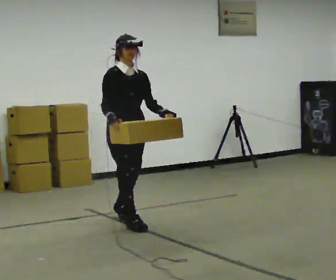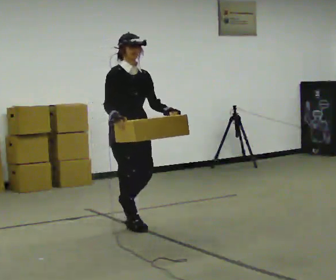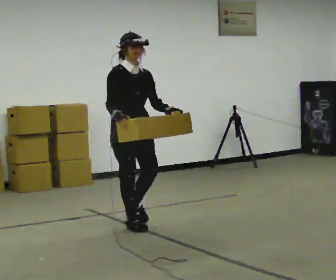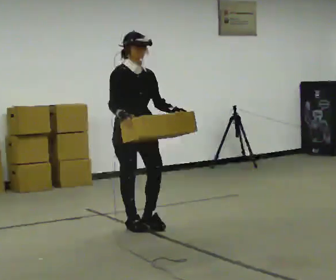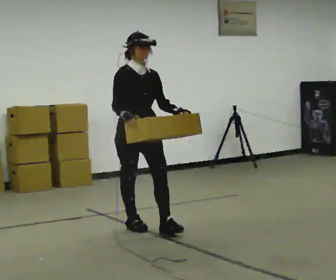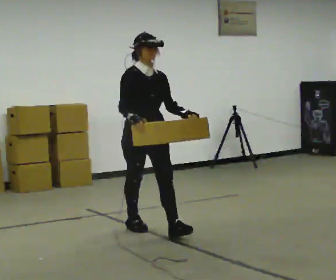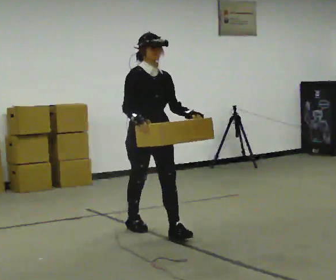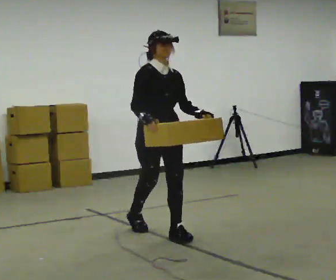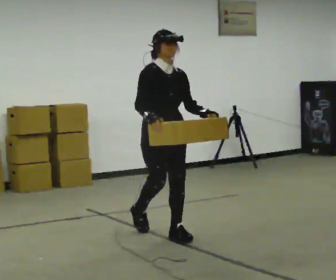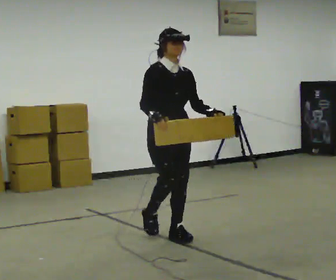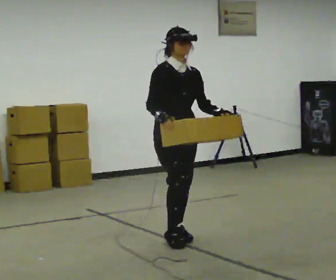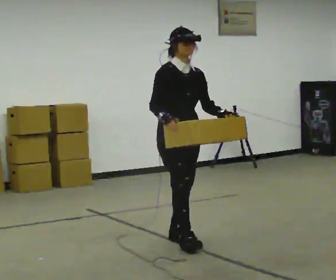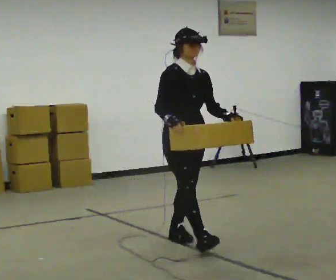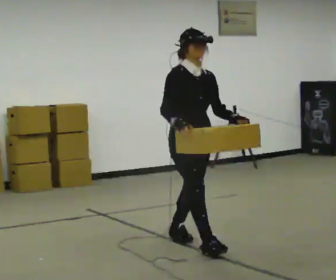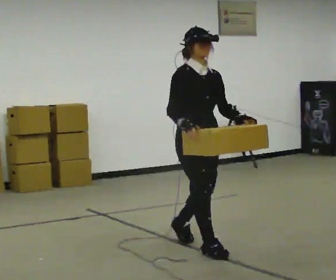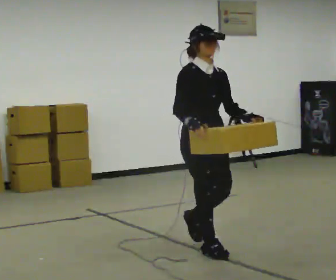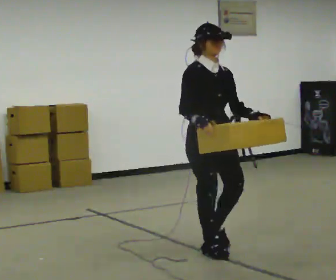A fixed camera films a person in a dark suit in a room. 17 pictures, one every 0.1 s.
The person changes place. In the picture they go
toward the camera.
0.0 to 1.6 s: In the picture they go toward the camera and to the right, about 1 m in 2 steps, which for them is forward.
The film runs forward here.
